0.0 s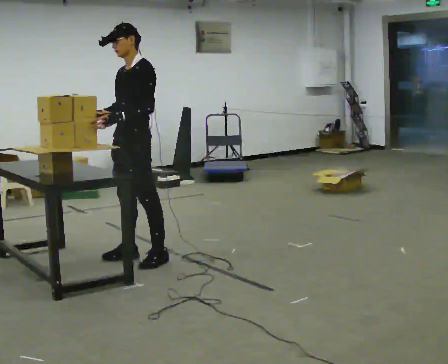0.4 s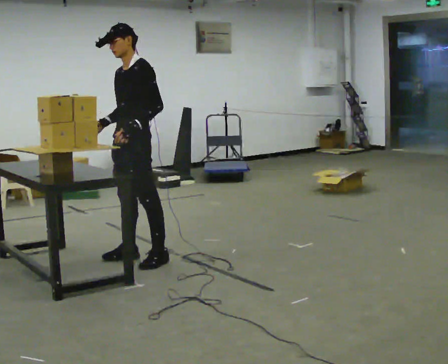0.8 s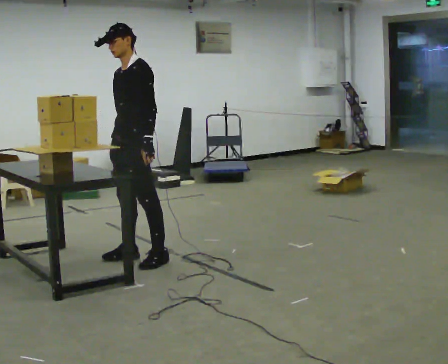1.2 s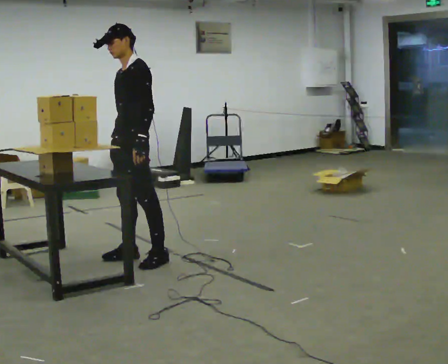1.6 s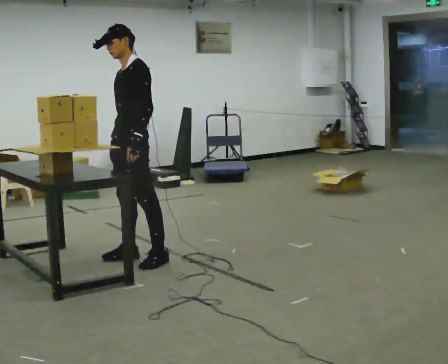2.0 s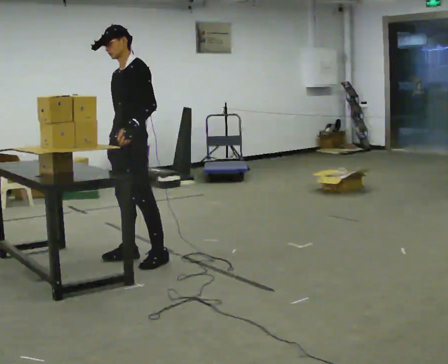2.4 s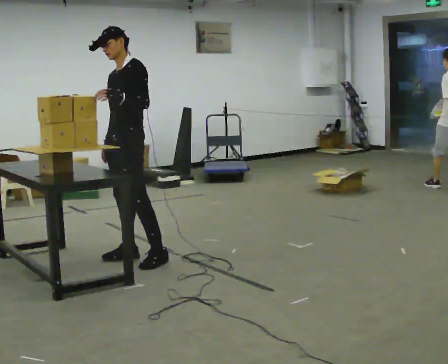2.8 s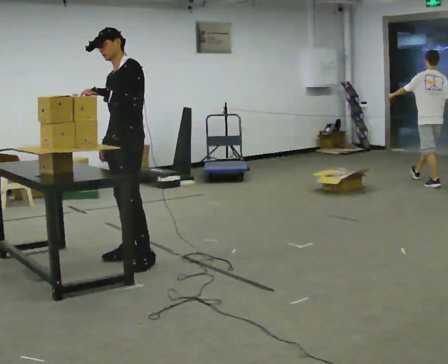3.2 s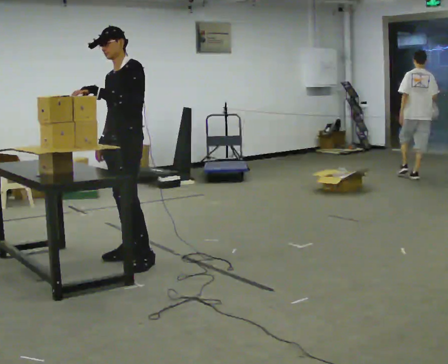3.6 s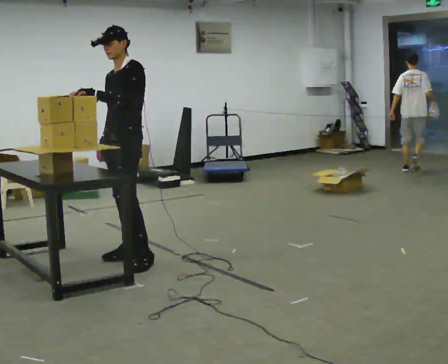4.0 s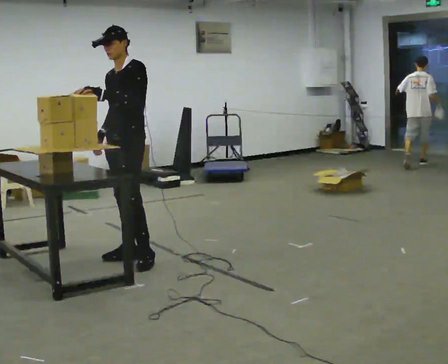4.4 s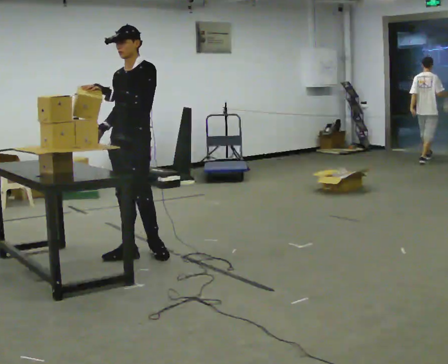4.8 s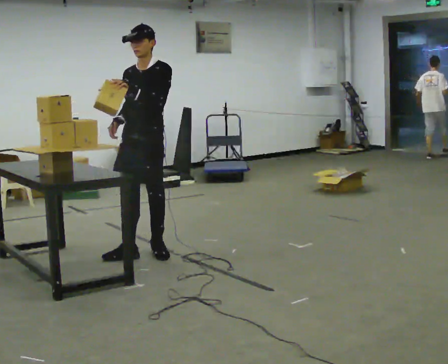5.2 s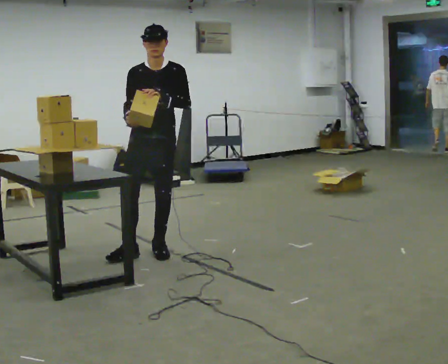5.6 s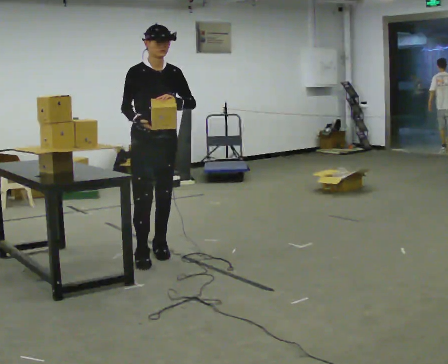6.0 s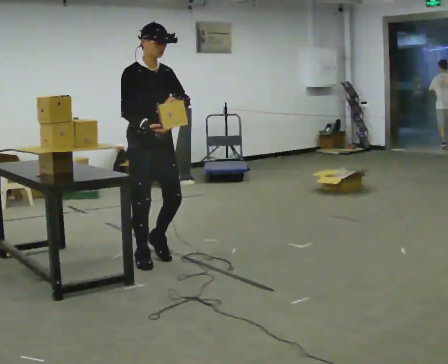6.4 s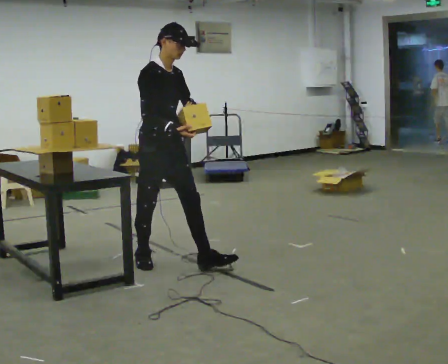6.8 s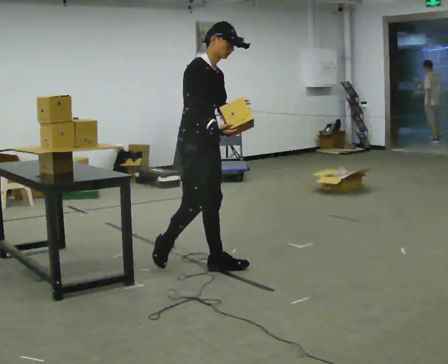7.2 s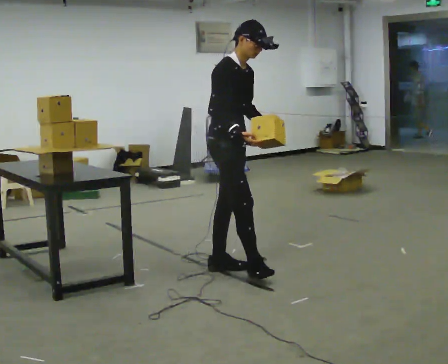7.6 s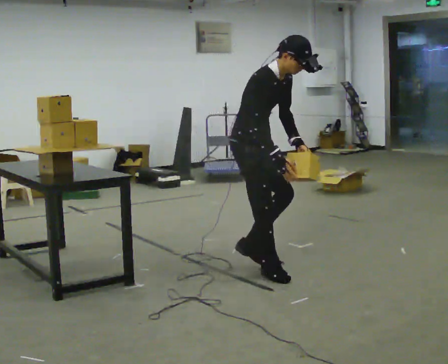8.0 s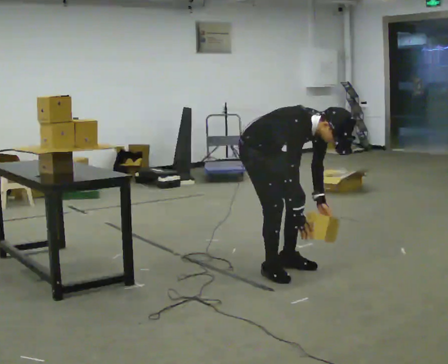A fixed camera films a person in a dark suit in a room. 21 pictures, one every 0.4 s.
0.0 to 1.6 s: The person moves a little, or ends about where they began.
1.6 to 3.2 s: In the picture their left hand goes upward.
3.2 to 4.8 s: In the picture they go to the right, about 0.25 m in 1 step, which for them is backward.
4.8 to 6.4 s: The part of the body nearest the lens slides to the right as the person turns to their left by about 75 degrees. In the picture they go toward the camera, about 0.25 m.
6.4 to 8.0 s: In the picture they go to the right, about 0.5 m in 3 steps, which for them is forward. The shoulders move downward. The upper body tips toward the camera, its near side rolling downward, as they bend forward. In the picture their left hand goes downward.
The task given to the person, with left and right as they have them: Carry the object over and set it down on the wobbly board without tipping it over. Keep going until the operator says stop; one object at a time, and do not rush between trips.
The film runs forward here.
